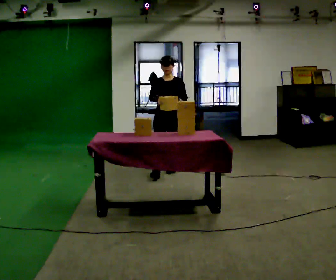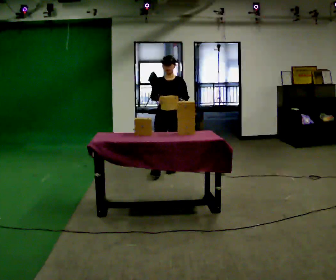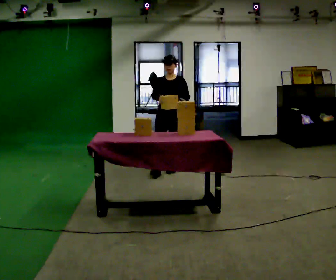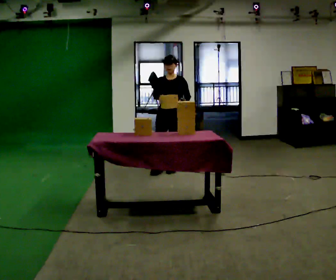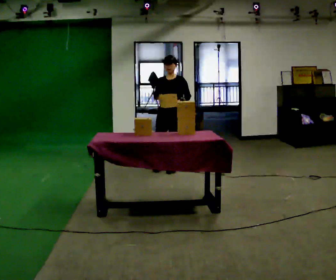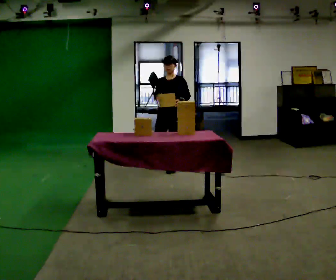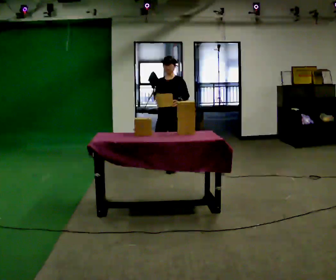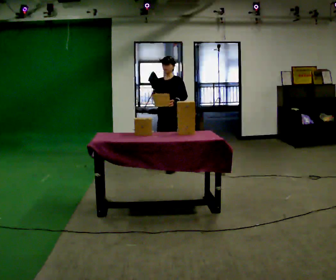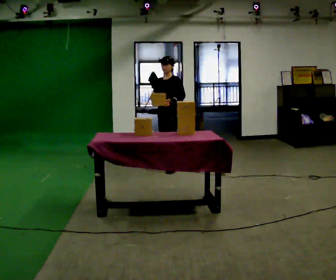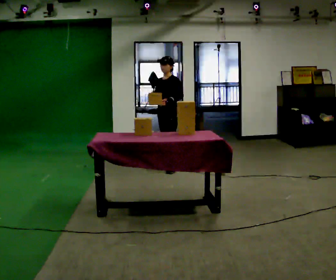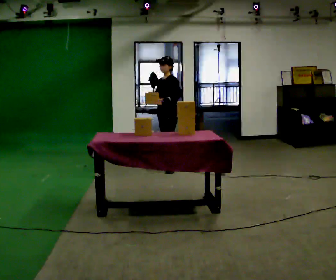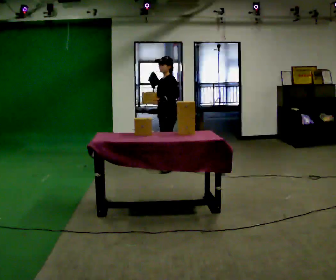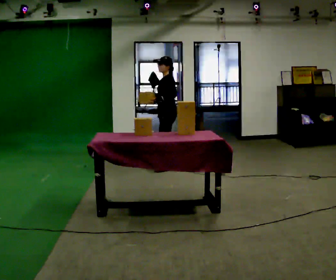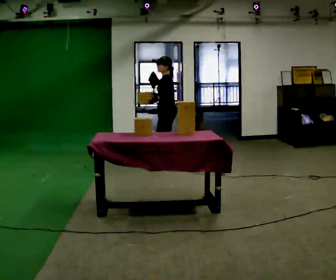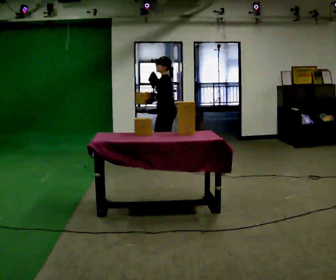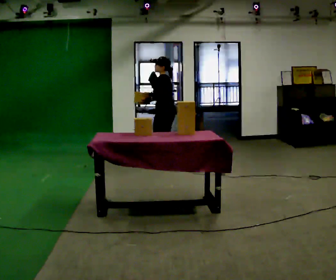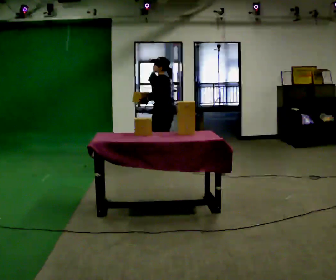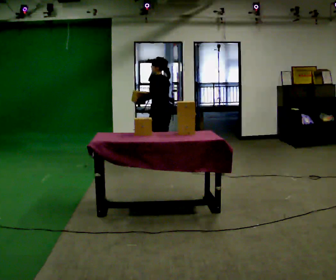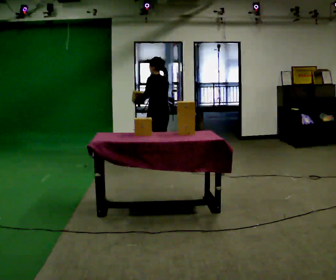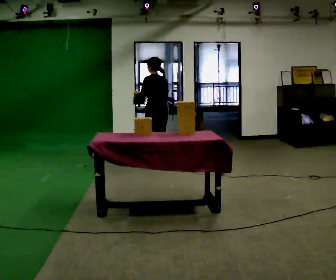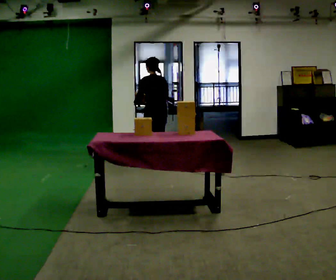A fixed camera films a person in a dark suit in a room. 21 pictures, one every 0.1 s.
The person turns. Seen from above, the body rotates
clockwise.
The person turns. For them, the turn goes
to their right.
0.0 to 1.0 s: Seen from above the body turns clockwise, about 60 degrees: to their right, with its near side sliding to the left. In the picture they go away from the camera, about 0.25 m in 1 step, which for them is backward and to their right.
1.0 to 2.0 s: The part of the body nearest the lens slides to the left as the person turns to their right by about 90 degrees. In the picture they go to the left, about 0.25 m in 1 step. In the picture their left hand goes to the left.
The film runs backward here.
